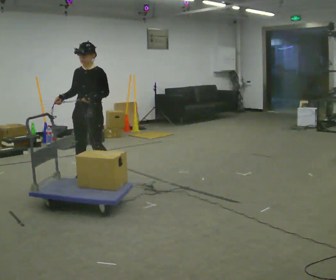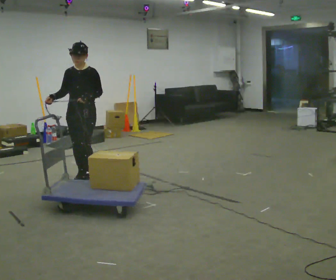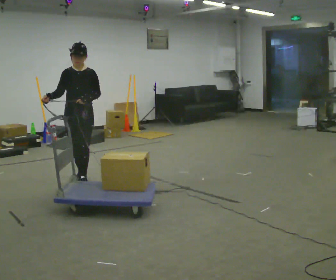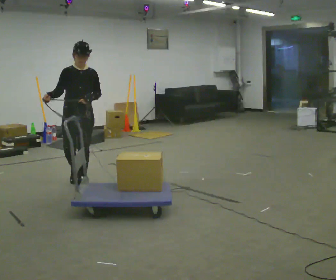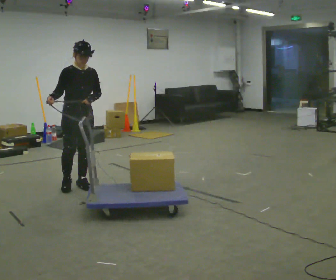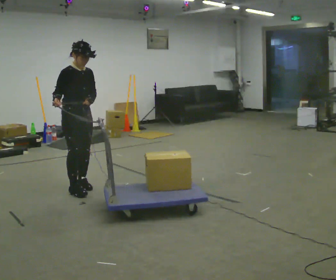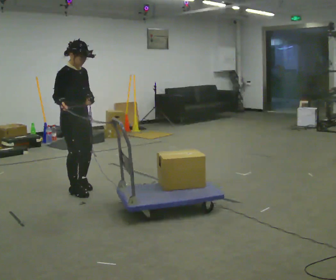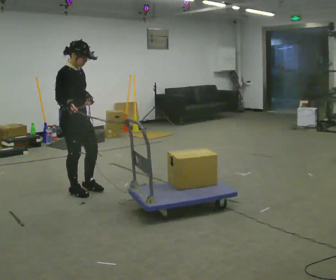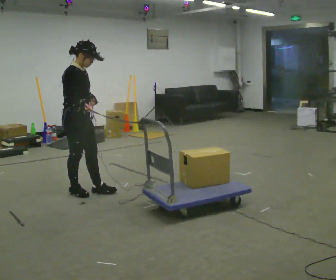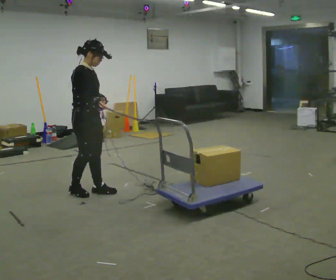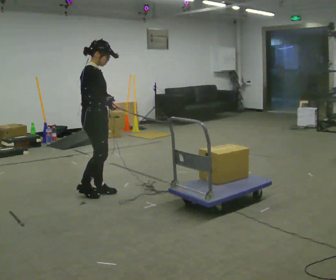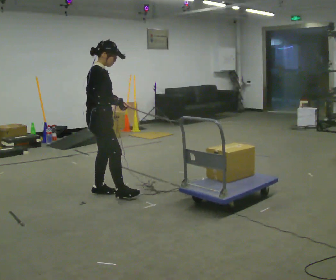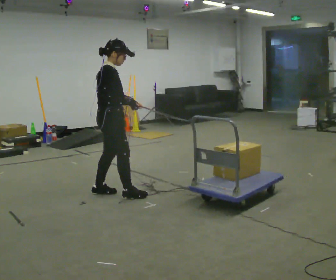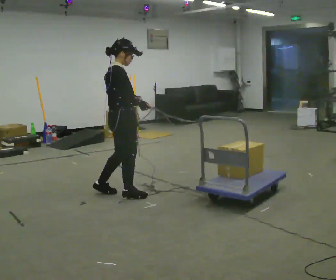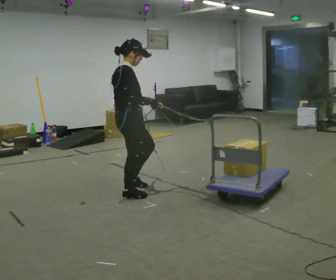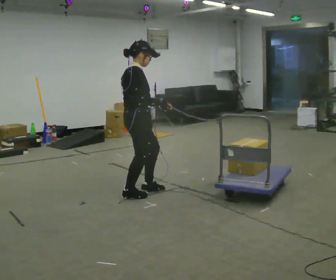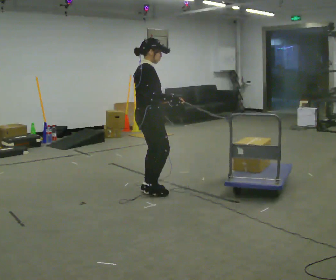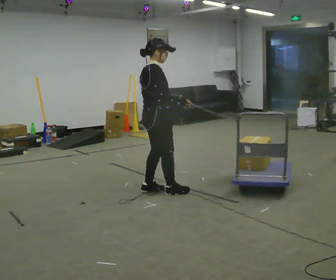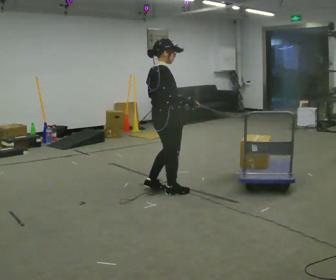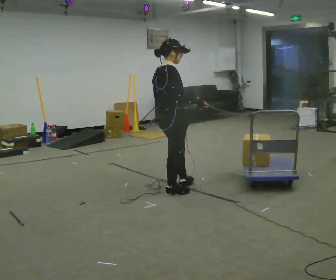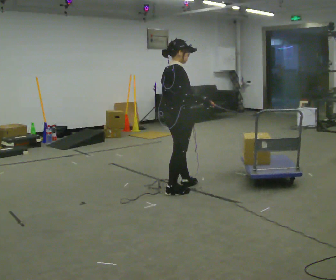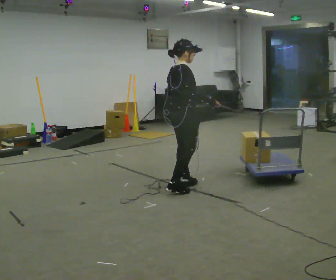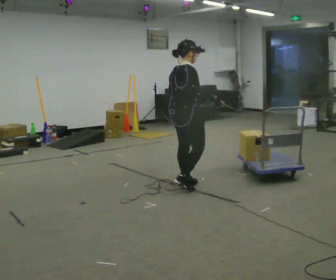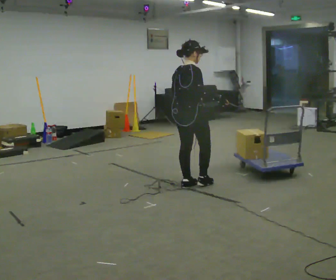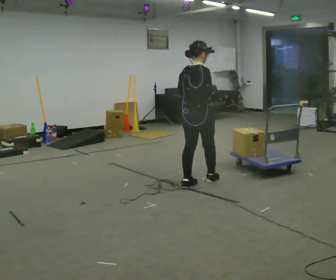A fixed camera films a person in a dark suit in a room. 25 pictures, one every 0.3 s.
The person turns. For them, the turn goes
to their left.
The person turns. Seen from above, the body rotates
counterclockwise.
0.0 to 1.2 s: The person turns about 45 degrees to their left, counterclockwise seen from above, so the part of the body nearest the lens slides to the right. In the picture they go toward the camera, about 0.25 m in 2 steps, which for them is forward.
1.2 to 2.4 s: The person turns about 45 degrees to their left, counterclockwise seen from above, so the part of the body nearest the lens slides to the right. In the picture they go toward the camera, about 0.25 m in 1 step, which for them is to their right and forward.
2.4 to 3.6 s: In the picture they go to the right, about 0.25 m in 1 step, which for them is forward.
3.6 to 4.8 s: In the picture they go to the right, about 0.5 m in 2 steps, which for them is forward.
4.8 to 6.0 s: In the picture they go to the right, about 0.25 m in 1 step, which for them is forward.
6.0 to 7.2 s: Seen from above the body turns counterclockwise, about 30 degrees: to their left, with its near side sliding to the right. In the picture they go to the right and away from the camera, about 0.25 m in 1 step, which for them is forward.
The film runs backward here.
